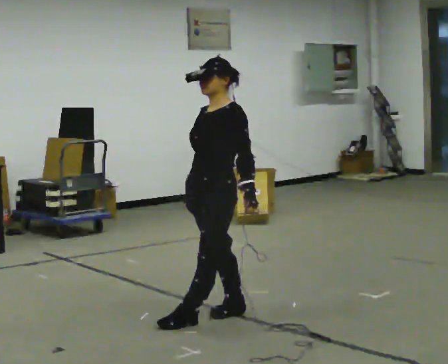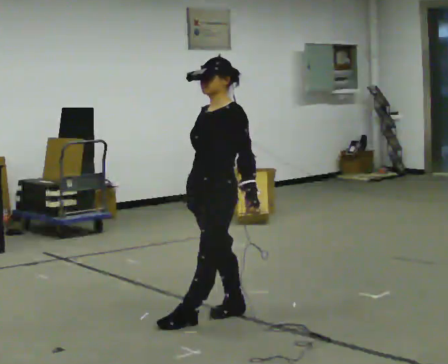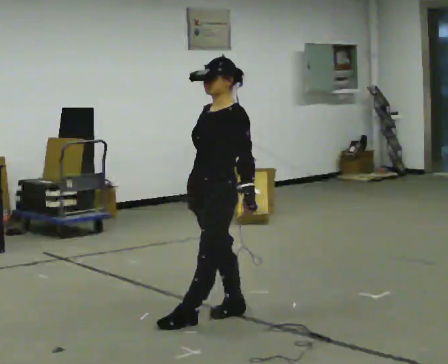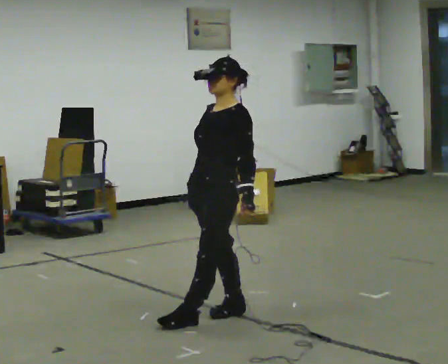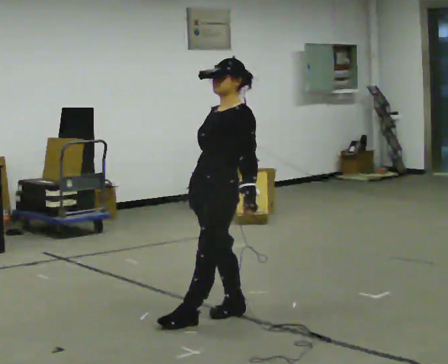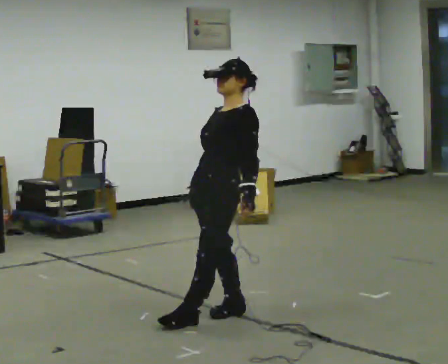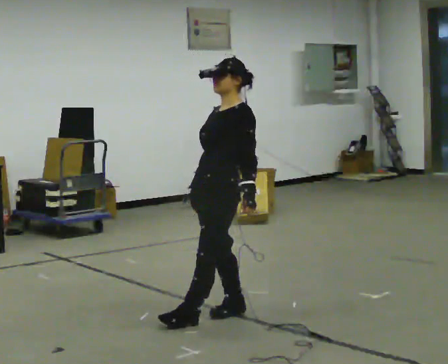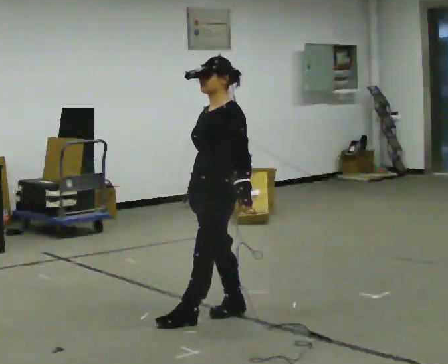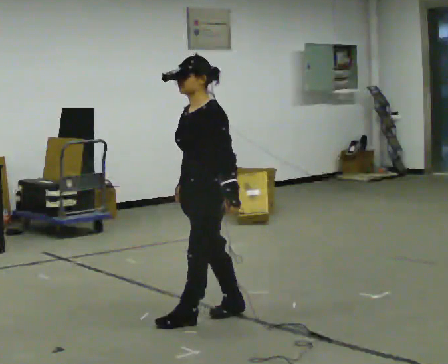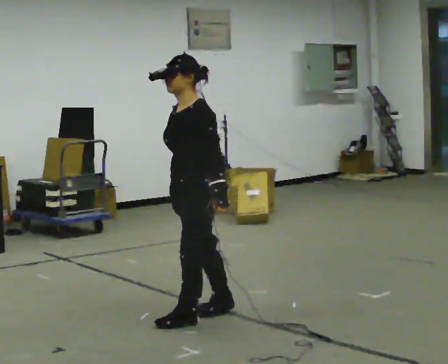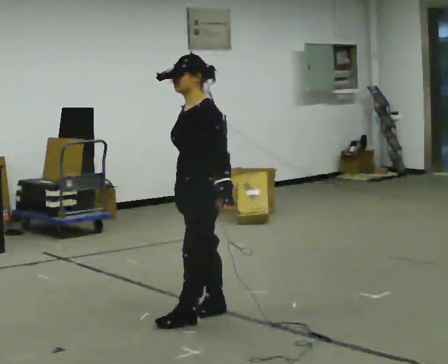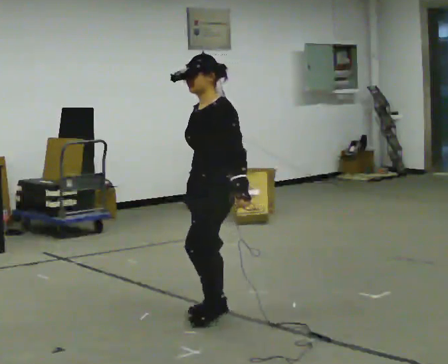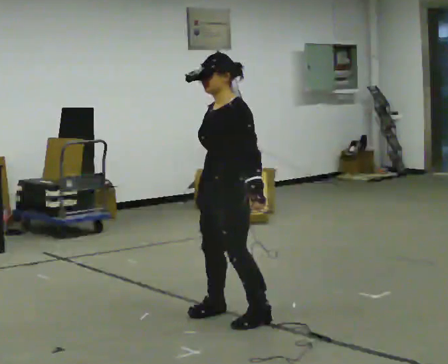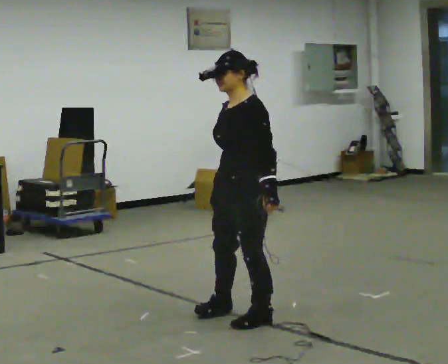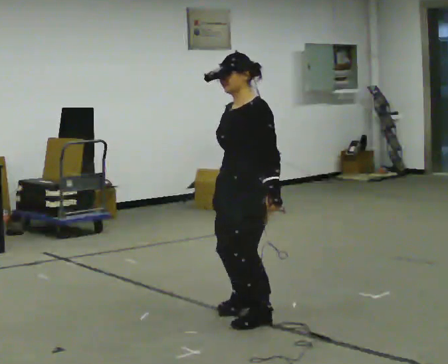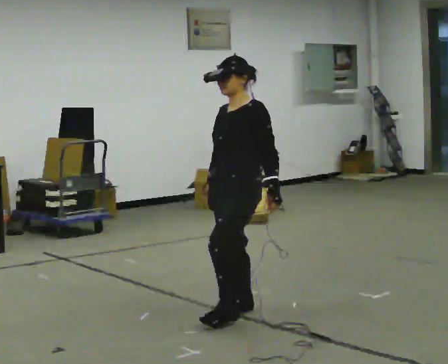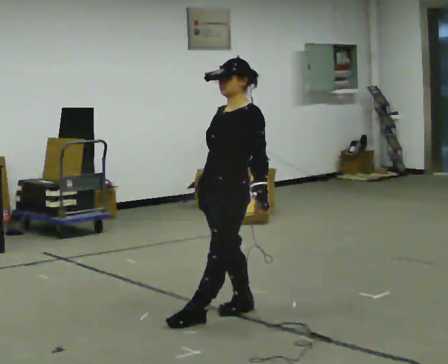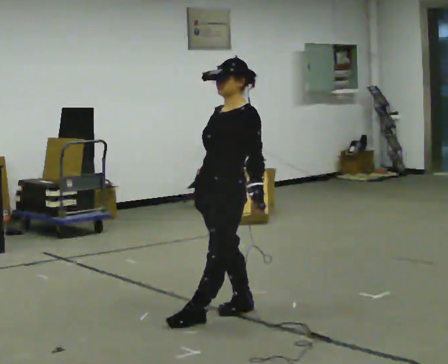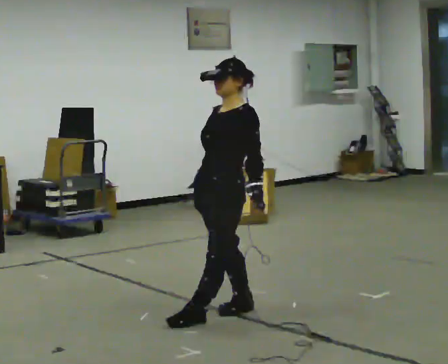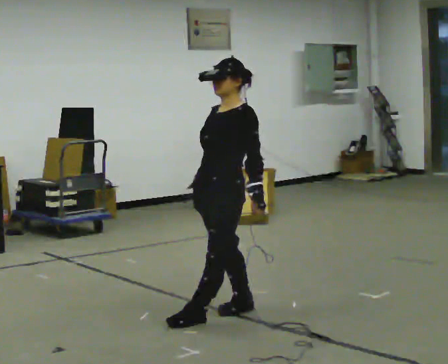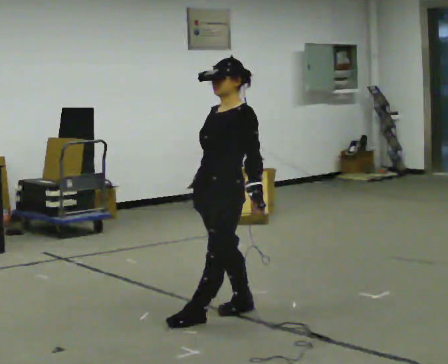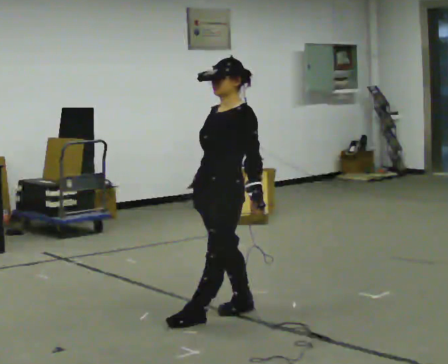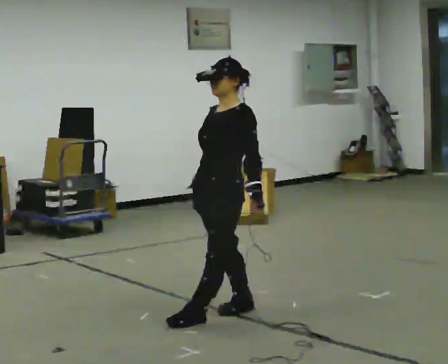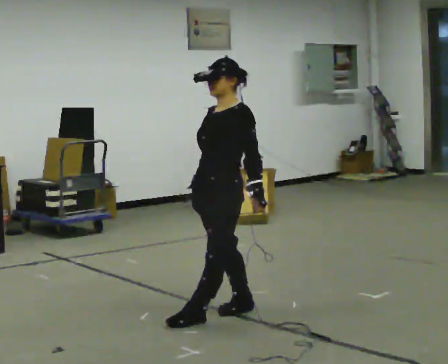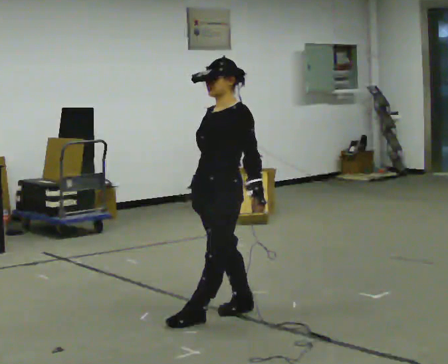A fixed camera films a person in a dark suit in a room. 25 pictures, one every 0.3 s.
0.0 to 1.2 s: The person moves a little, or ends about where they began.
1.2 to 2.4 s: In the picture the upper body tilts counterclockwise, shoulders to the left, as they bend forward.
2.4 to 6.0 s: The person moves a little, or ends about where they began.
6.0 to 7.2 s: The person keeps their place and pose.
The film runs backward here.
